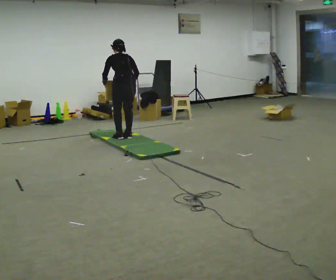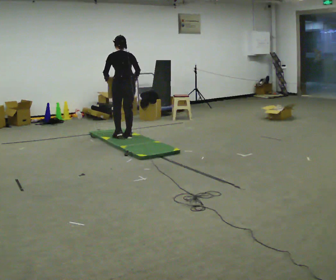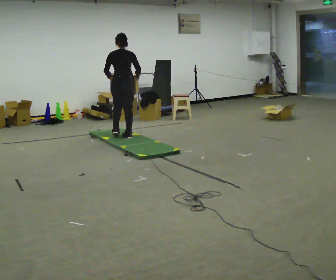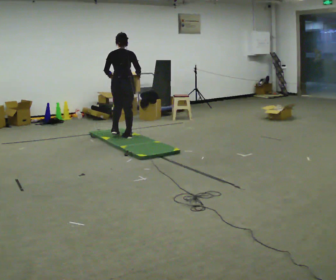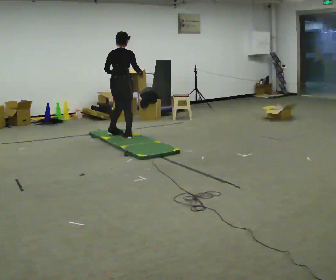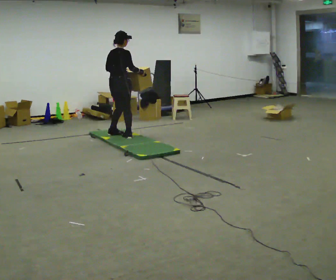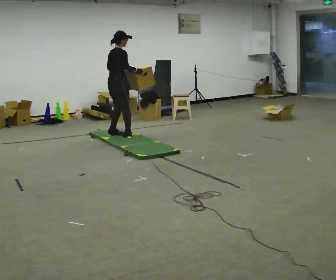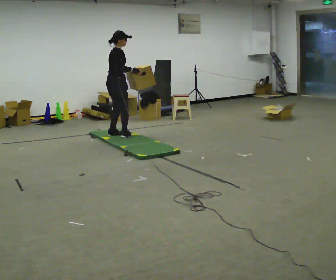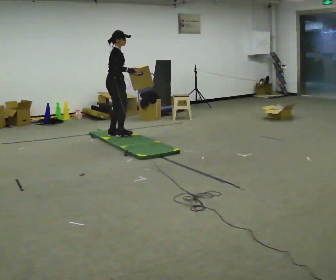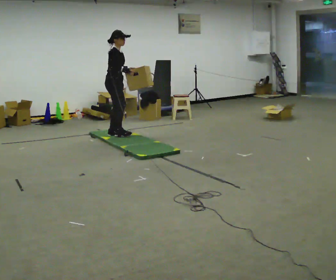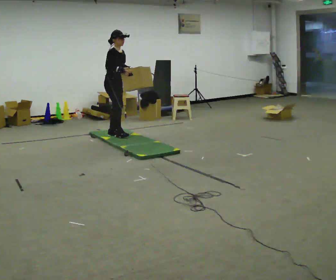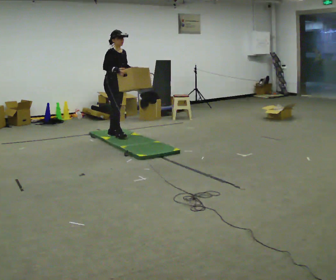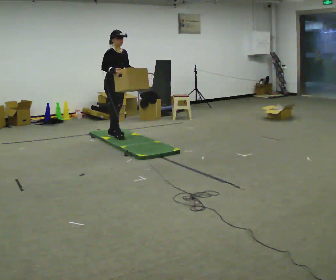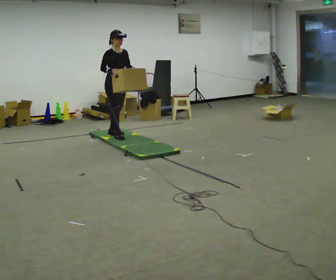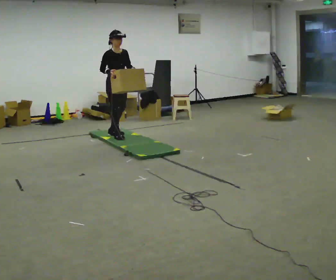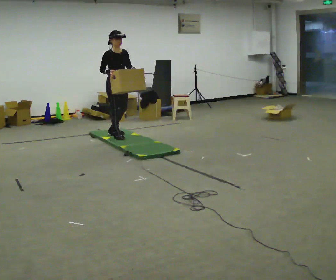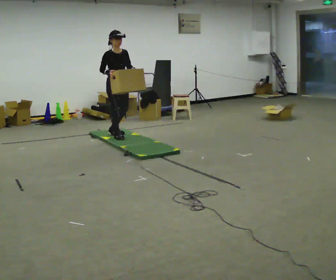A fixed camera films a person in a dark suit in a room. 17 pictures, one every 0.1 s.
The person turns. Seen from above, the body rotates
clockwise.
The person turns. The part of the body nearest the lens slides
to the left.
0.0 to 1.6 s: Seen from above the body turns clockwise, about 165 degrees: to their right, with its near side sliding to the left. The upper body tips toward the camera, its near side rolling downward, as they lean back or straighten. In the picture their left hand goes to the right.
The film runs forward here.
